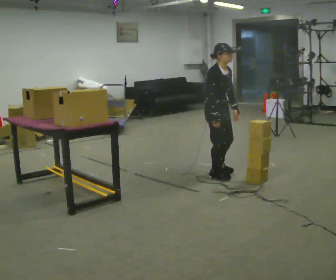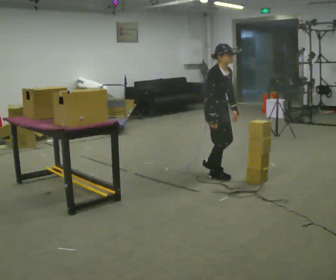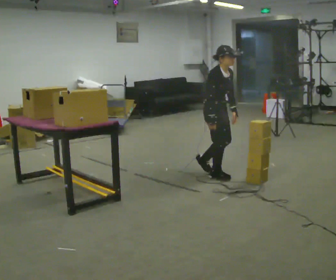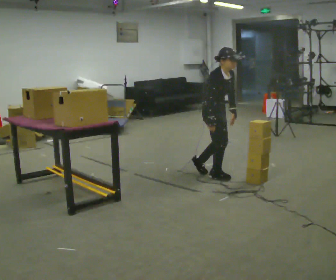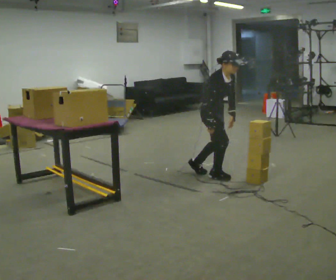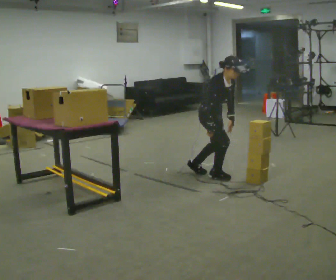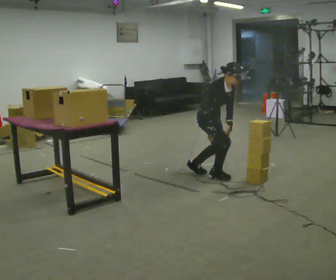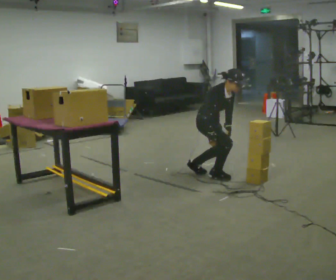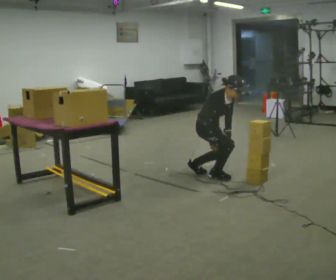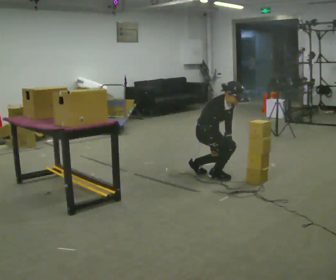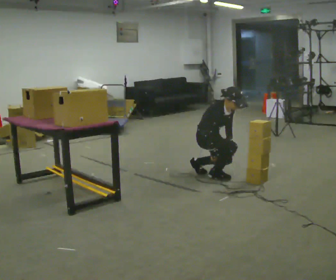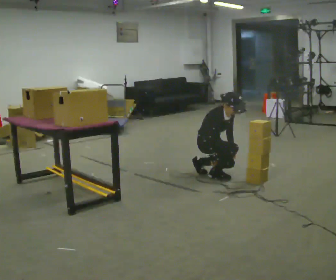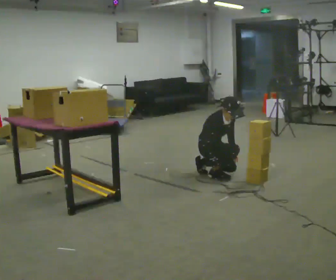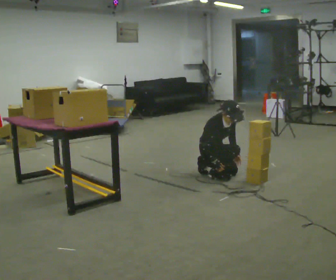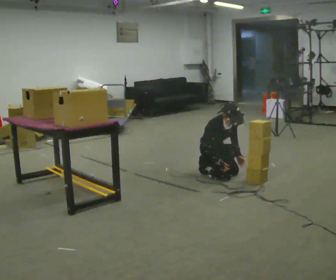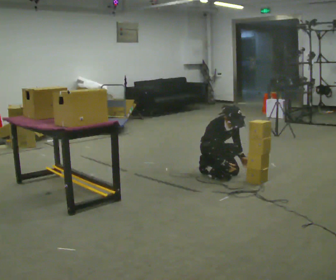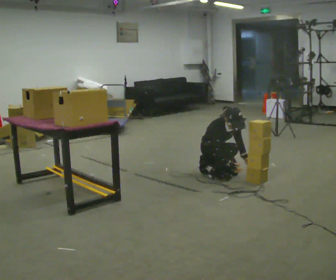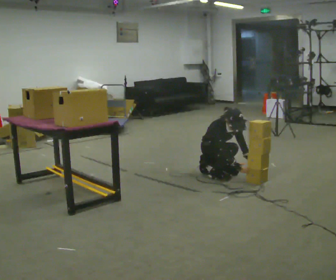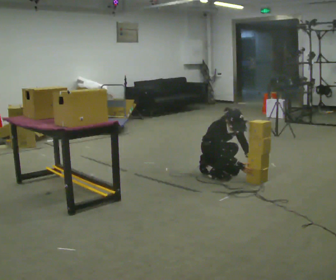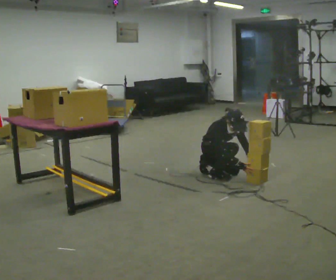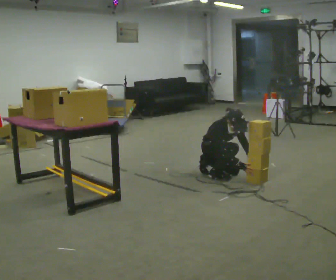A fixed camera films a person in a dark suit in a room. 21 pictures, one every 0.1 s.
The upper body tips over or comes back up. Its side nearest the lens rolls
downward.
The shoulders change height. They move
downward.
0.0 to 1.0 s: The shoulders move downward. In the picture the upper body tilts clockwise, shoulders to the right, as they bend forward. In the picture their left hand goes downward.
1.0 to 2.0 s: The upper body goes downward. The upper body tips toward the camera, its near side rolling downward.
The film runs backward here.
